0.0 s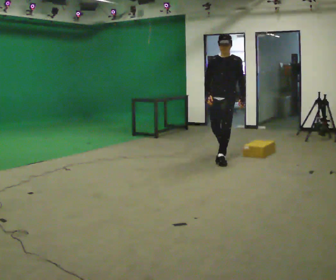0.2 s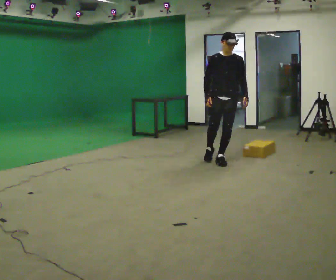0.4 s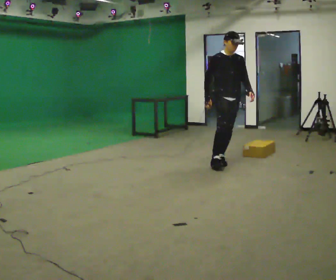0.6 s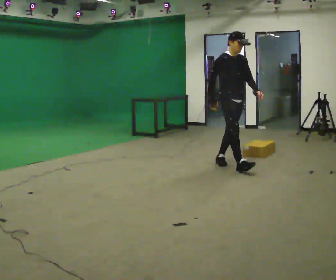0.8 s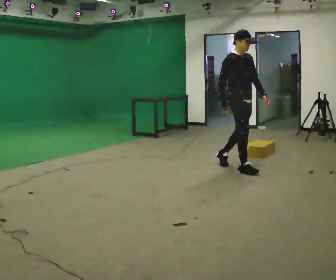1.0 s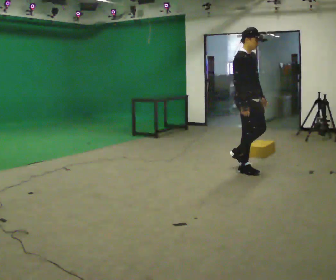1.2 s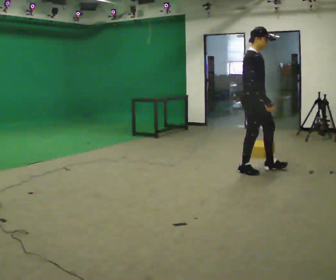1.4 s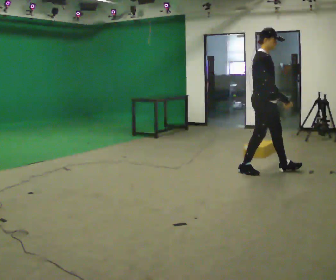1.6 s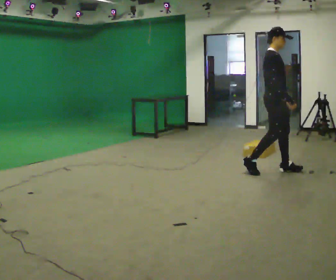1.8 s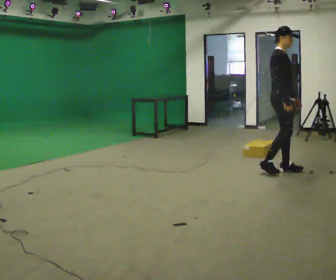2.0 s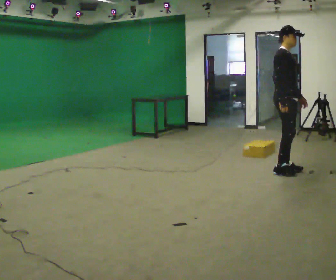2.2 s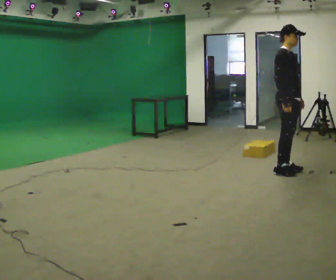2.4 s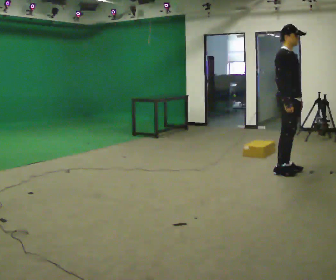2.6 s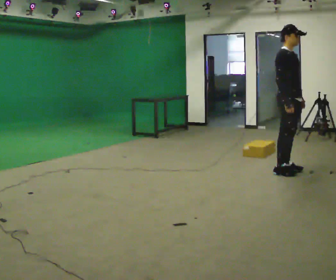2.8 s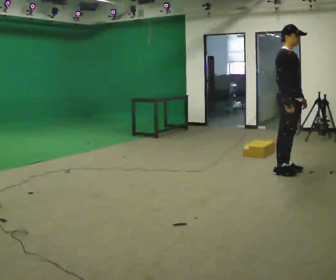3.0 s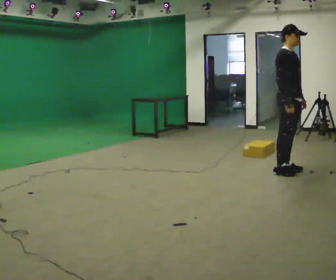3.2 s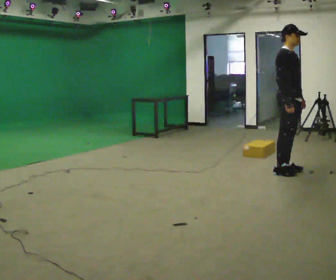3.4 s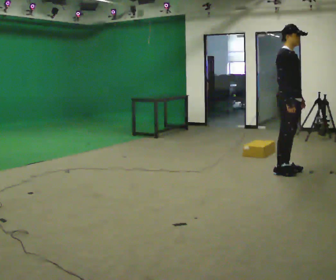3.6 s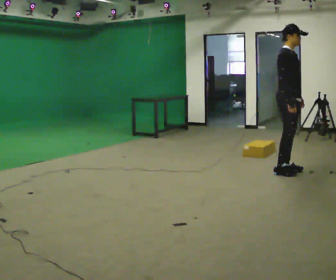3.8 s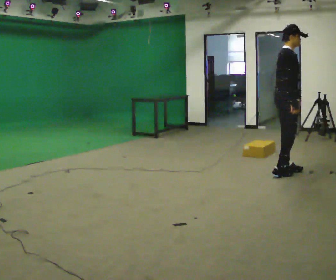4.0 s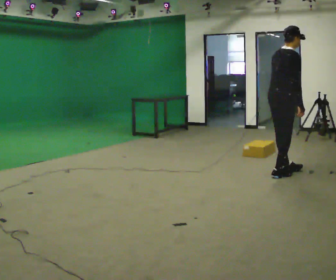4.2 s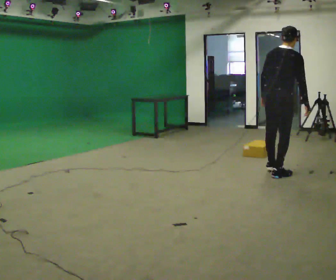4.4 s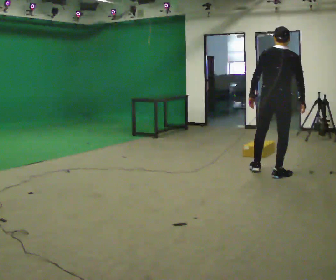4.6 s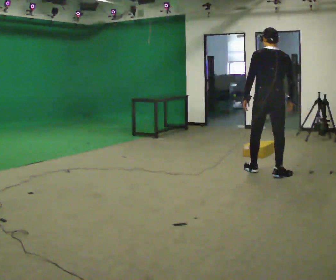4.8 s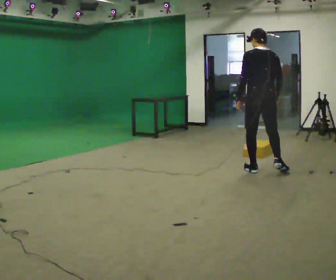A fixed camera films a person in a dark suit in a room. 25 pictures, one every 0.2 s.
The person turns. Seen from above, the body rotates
counterclockwise.
The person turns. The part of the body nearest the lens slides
to the right.
0.0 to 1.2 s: The part of the body nearest the lens slides to the right as the person turns to their left by about 90 degrees. In the picture they go toward the camera and to the right, about 1 m in 1 step.
1.2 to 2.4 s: In the picture they go to the right, about 0.5 m in 2 steps, which for them is forward.
2.4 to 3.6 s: The person moves a little, or ends about where they began.
3.6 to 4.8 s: Seen from above the body turns counterclockwise, about 120 degrees: to their left, with its near side sliding to the right. In the picture they go to the left, about 0.25 m in 2 steps.
The film runs forward here.
